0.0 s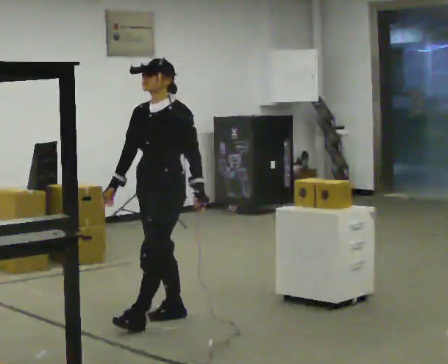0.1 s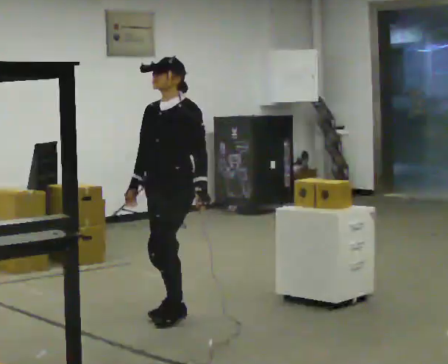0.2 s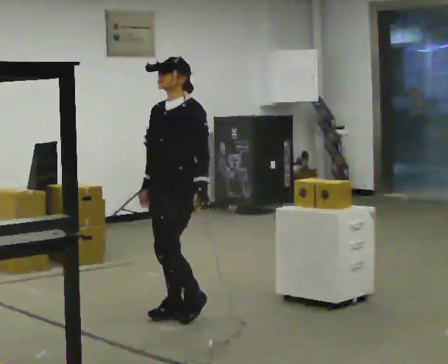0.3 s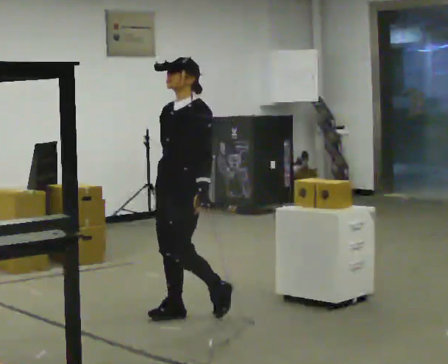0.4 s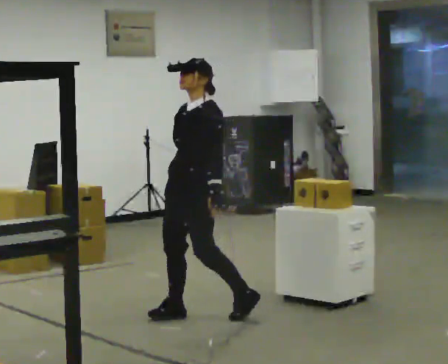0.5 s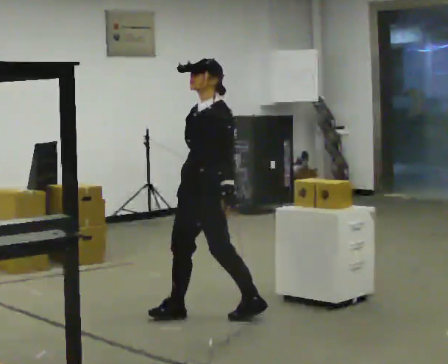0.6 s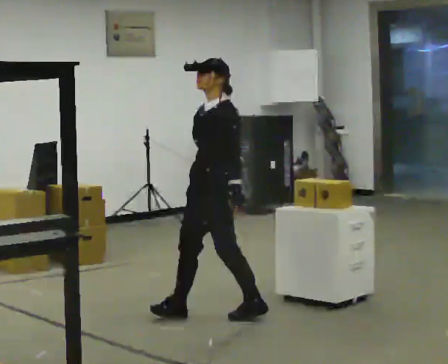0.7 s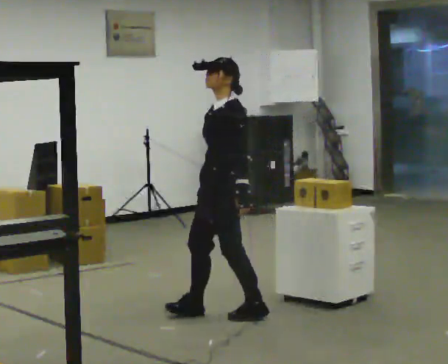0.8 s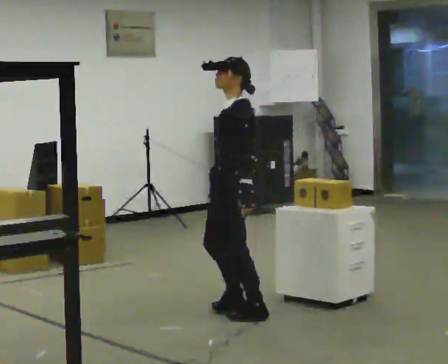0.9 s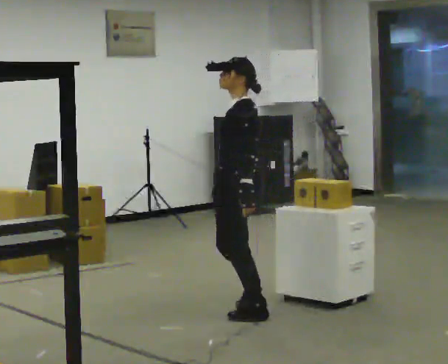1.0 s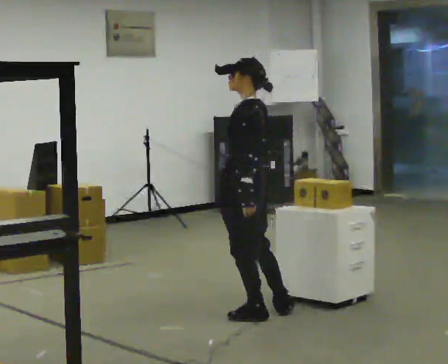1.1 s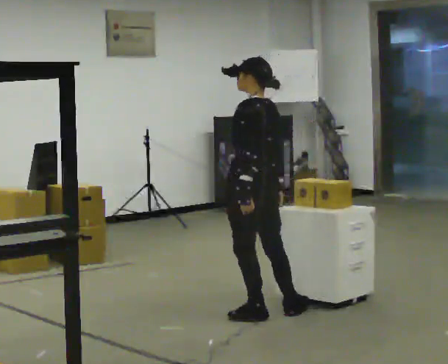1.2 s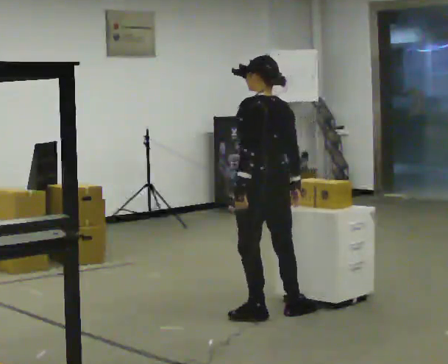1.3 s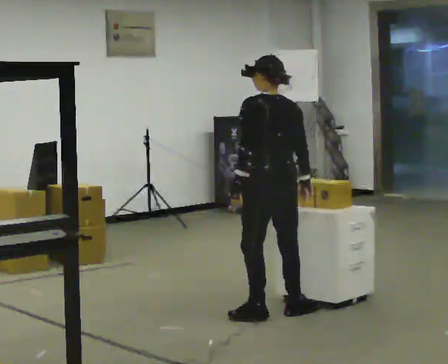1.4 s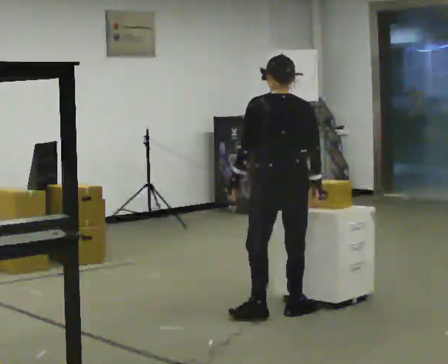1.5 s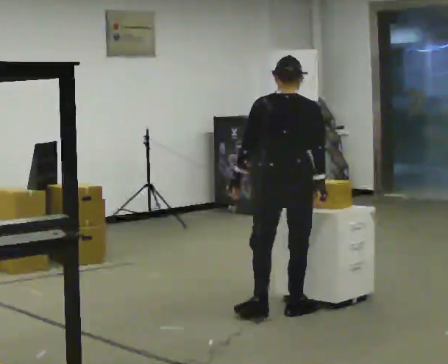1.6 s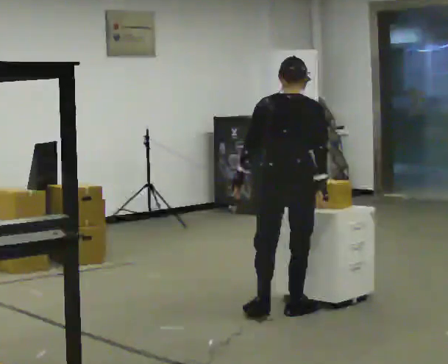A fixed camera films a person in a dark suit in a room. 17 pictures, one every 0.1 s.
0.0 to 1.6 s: The person turns about 135 degrees to their right, clockwise seen from above, so the part of the body nearest the lens slides to the left. In the picture they go to the right, about 0.5 m in 1 step. The upper body tips away from the camera, its near side rolling upward.
The film runs backward here.
